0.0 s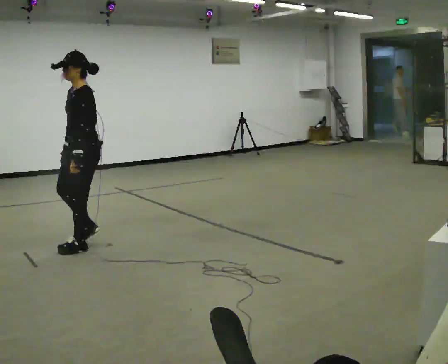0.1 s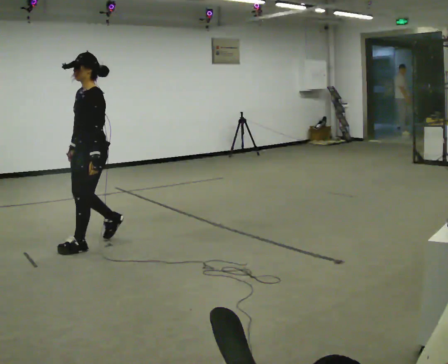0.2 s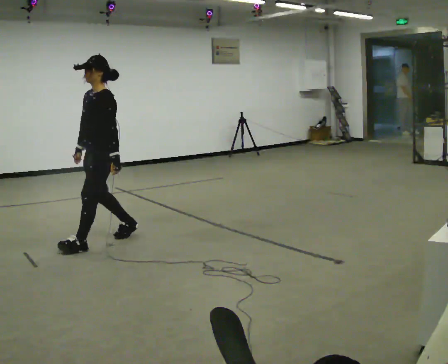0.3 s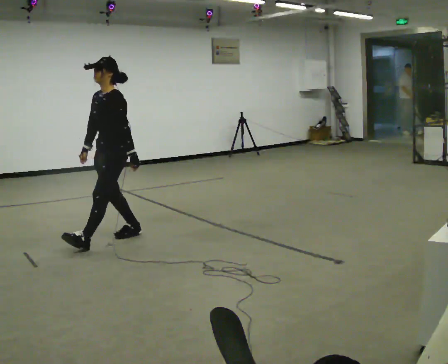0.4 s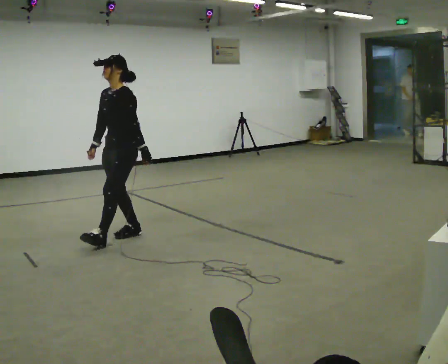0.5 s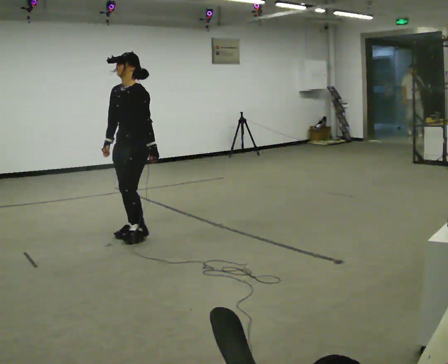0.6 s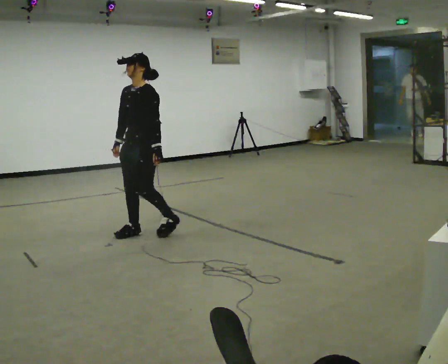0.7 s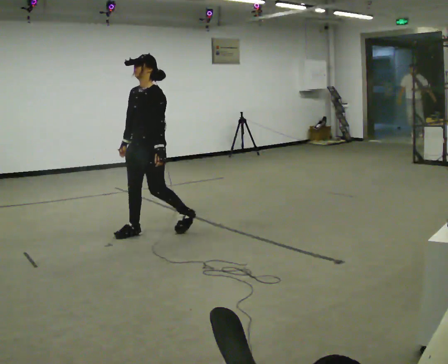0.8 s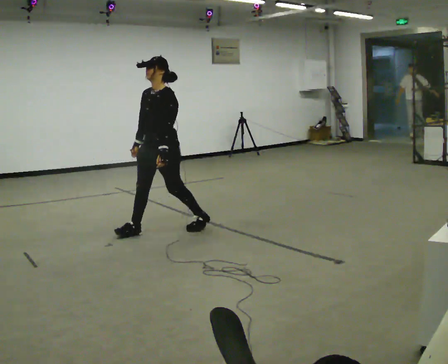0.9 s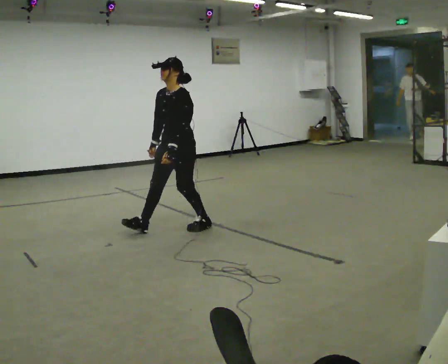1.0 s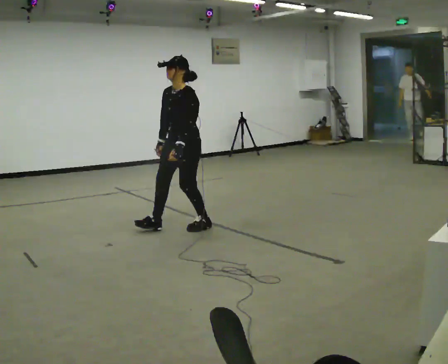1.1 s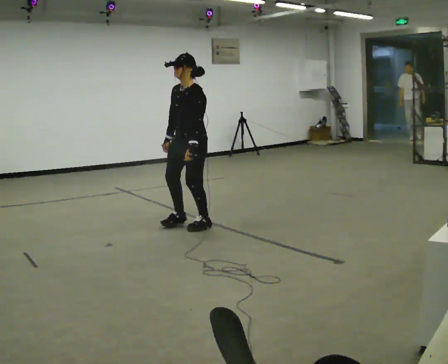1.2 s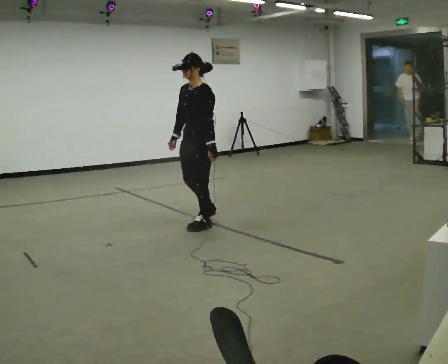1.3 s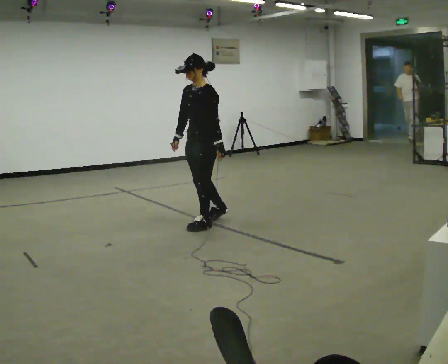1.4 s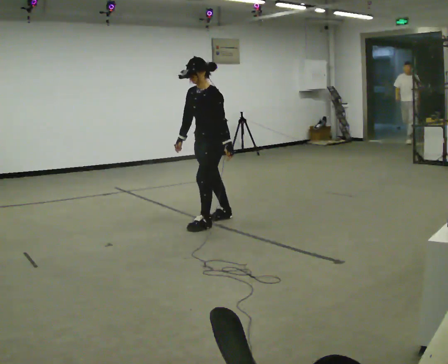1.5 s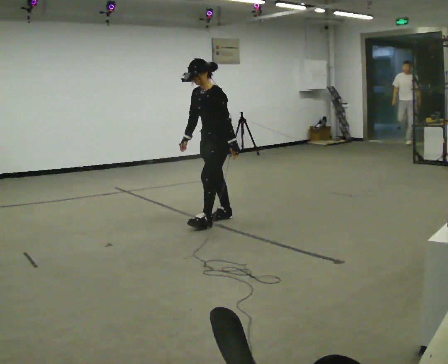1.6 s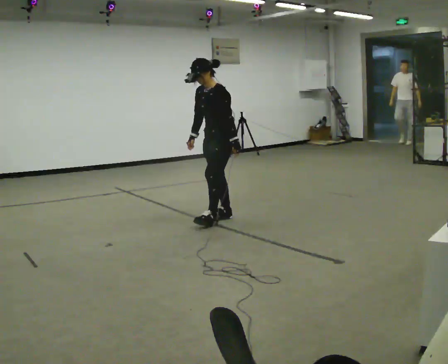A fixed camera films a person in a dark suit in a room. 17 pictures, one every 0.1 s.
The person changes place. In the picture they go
to the right.
0.0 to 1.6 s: In the picture they go to the right and away from the camera, about 1.5 m in 3 steps, which for them is backward.
The film runs forward here.
